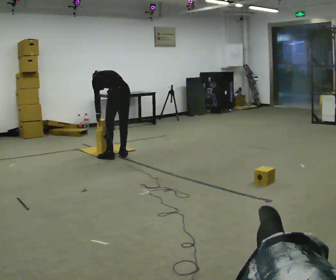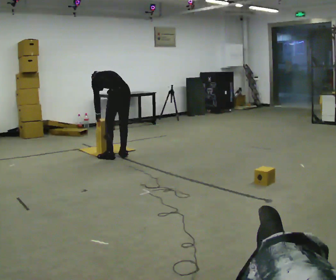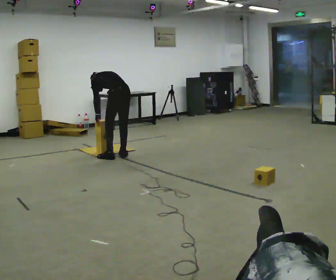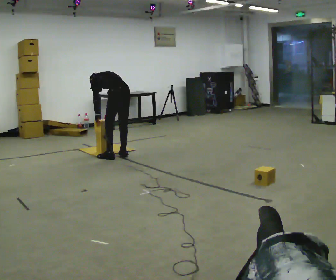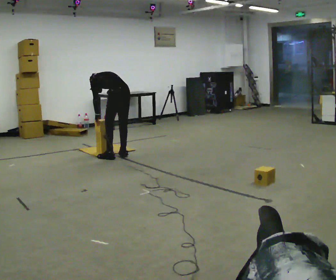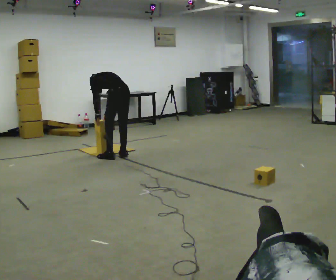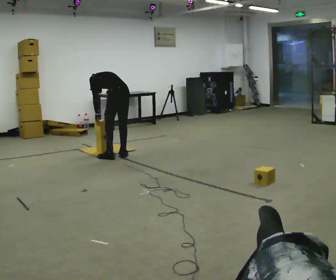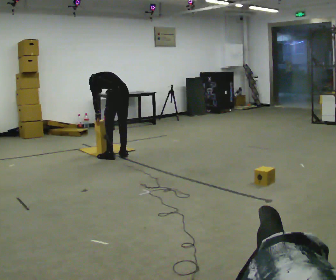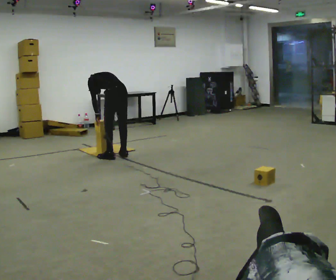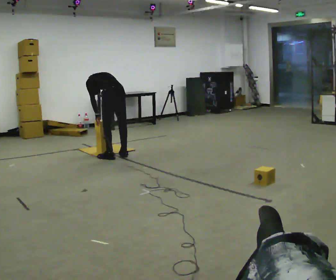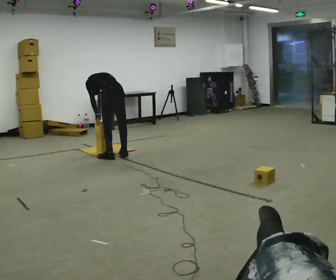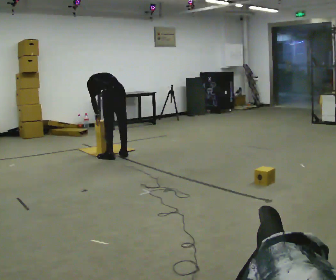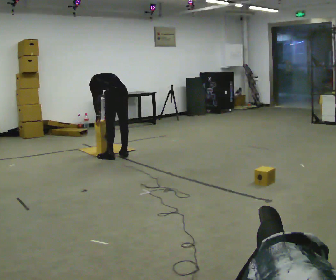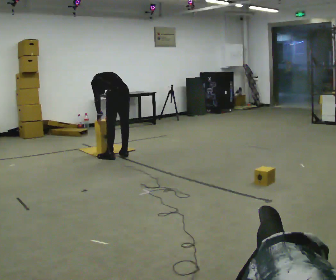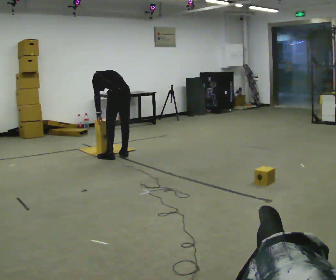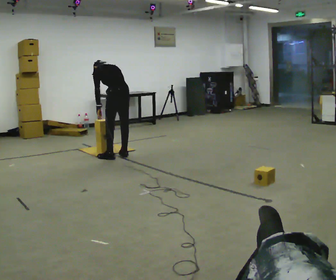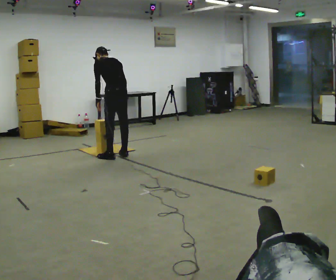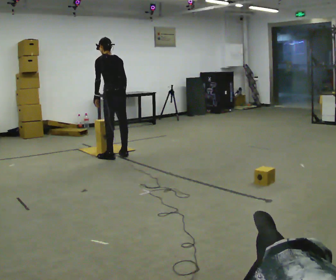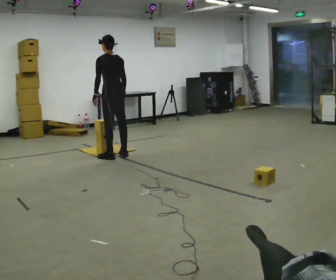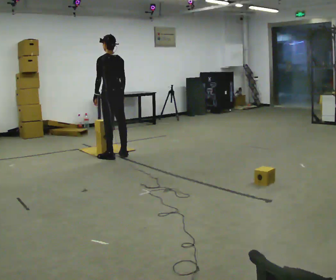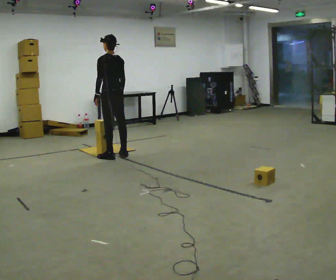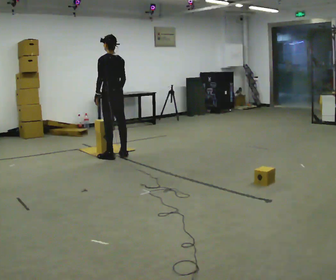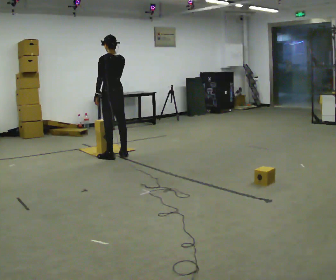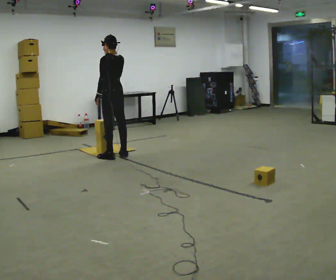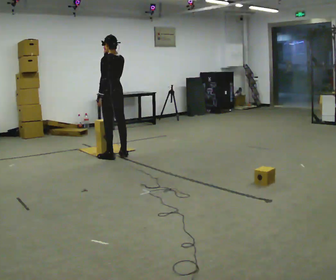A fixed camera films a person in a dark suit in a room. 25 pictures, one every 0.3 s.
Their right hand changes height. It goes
upward.
The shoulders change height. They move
upward.
0.0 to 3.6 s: The person moves a little, or ends about where they began.
3.6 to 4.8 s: The upper body goes upward. The upper body tips toward the camera, its near side rolling downward, as they lean back or straighten.
4.8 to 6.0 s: The upper body tips toward the camera, its near side rolling downward, as they lean back or straighten.
6.0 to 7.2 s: In the picture their right hand goes upward.
The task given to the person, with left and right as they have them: Carry the boxes over one at a time and lay them out on the pallet in the pattern the operator shows you. Keep going until the operator says stop; one object at a time, and do not rush between trips.
The film runs forward here.
